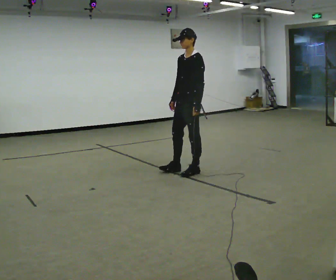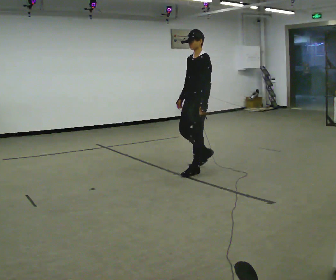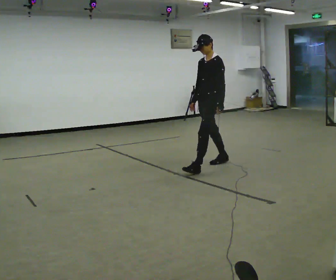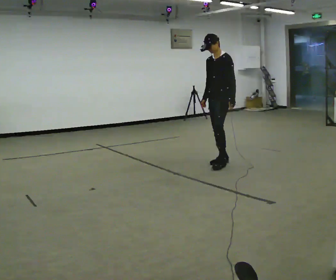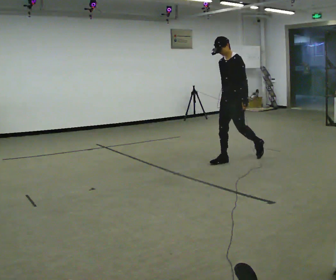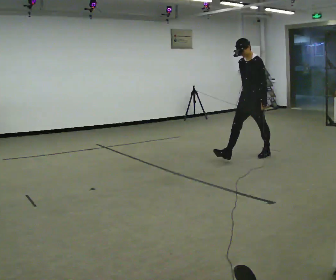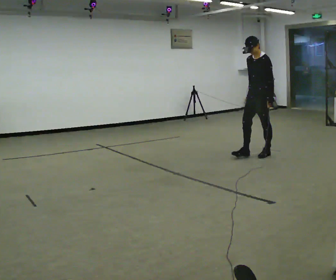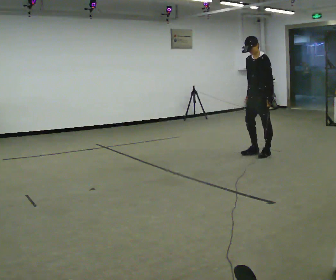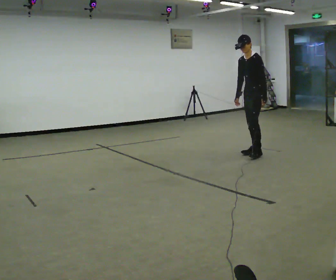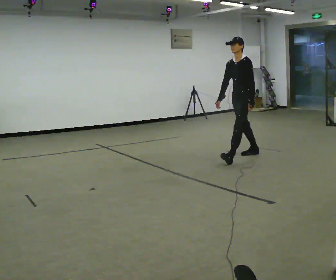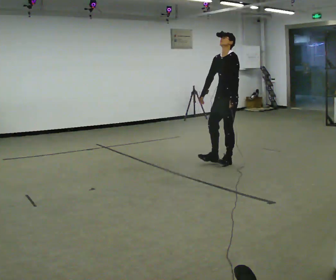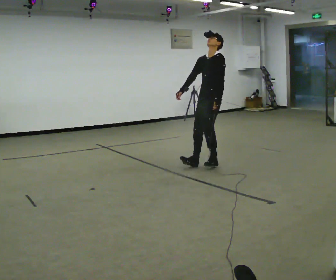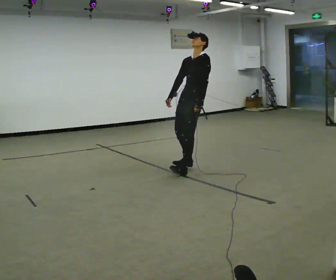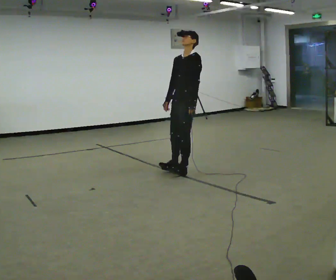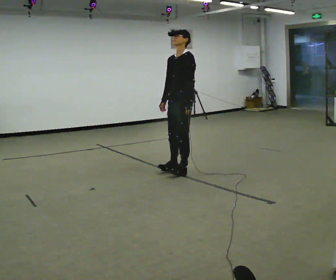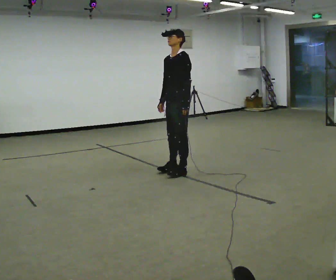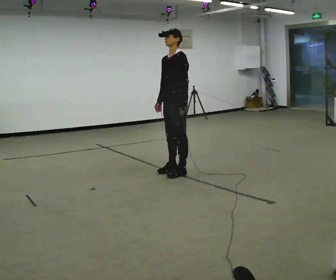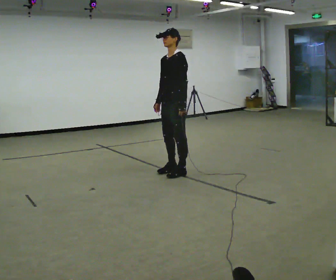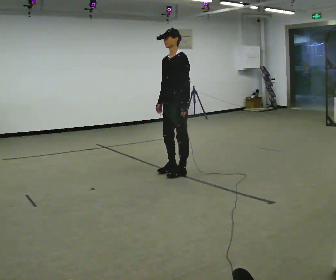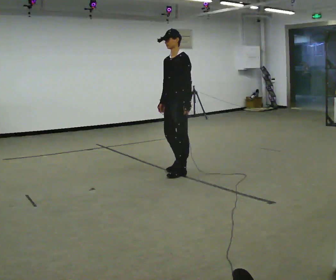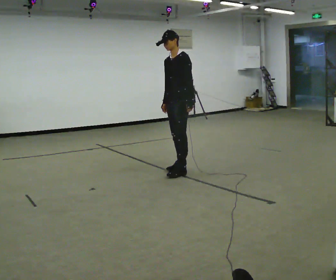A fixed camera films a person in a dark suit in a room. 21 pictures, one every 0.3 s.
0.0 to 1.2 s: In the picture they go away from the camera and to the right, about 1 m in 2 steps, which for them is backward.
1.2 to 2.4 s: In the picture they go away from the camera and to the right, about 0.5 m in 2 steps, which for them is backward.
2.4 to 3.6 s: In the picture they go to the left and toward the camera, about 1 m in 3 steps, which for them is forward. In the picture the upper body tilts clockwise, shoulders to the right, as they lean back or straighten.
3.6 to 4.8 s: In the picture they go toward the camera and to the left, about 0.25 m, which for them is forward.
4.8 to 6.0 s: The person moves a little, or ends about where they began.
The film runs backward here.
